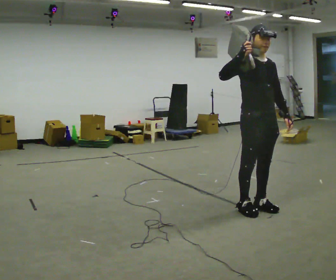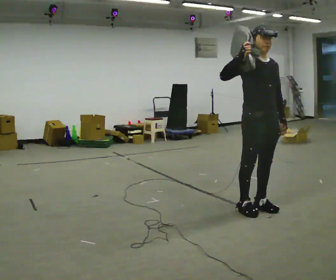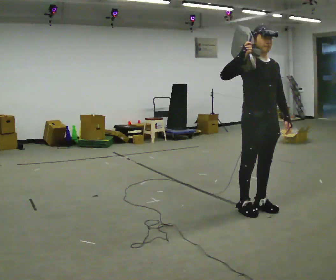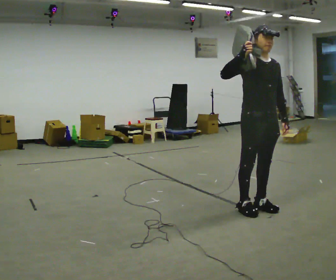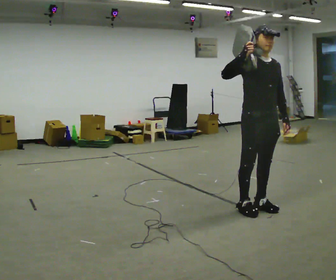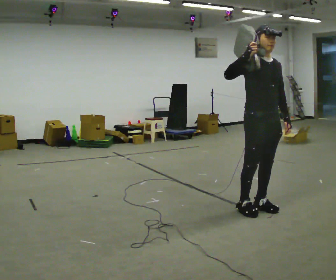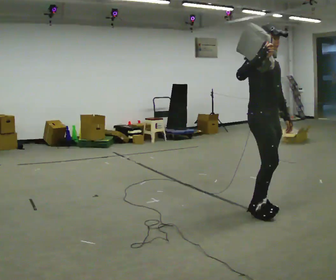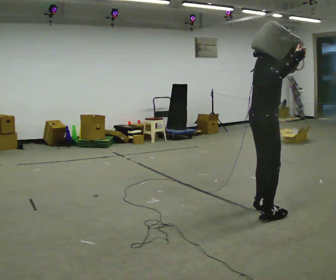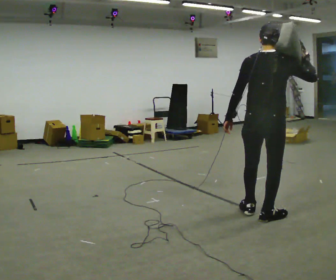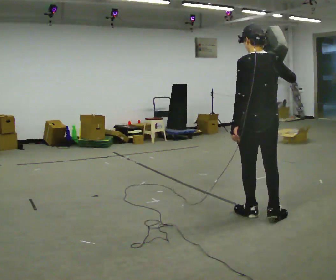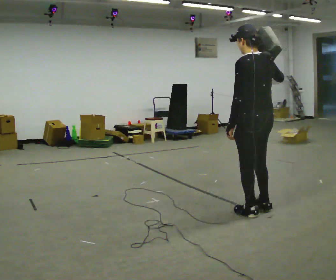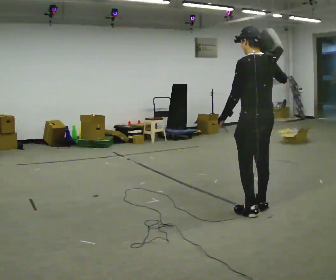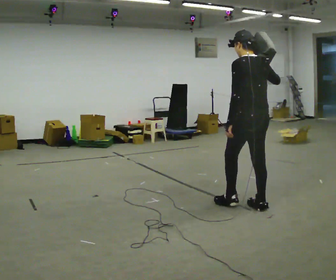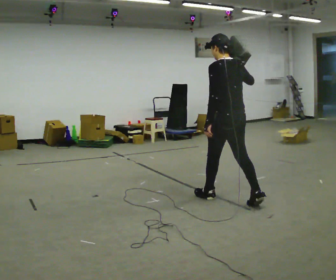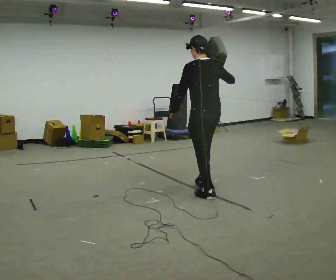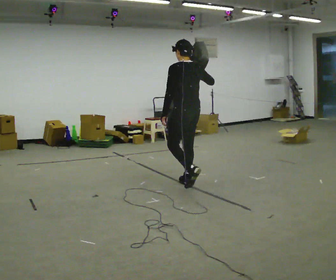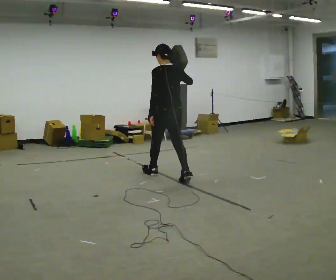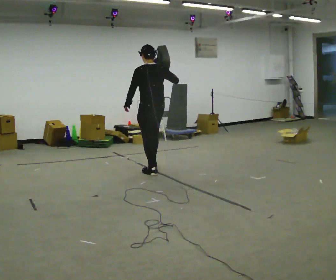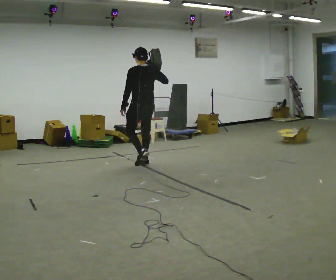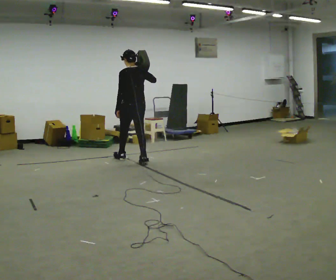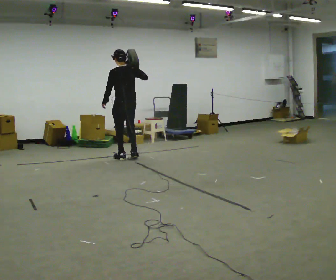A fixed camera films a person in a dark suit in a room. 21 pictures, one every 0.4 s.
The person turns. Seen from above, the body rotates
counterclockwise.
The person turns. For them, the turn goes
to their left.
0.0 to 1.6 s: The person moves a little, or ends about where they began.
1.6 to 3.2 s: Seen from above the body turns counterclockwise, about 135 degrees: to their left, with its near side sliding to the right. In the picture they go toward the camera, about 0.25 m in 1 step. In the picture their right hand goes to the right.
3.2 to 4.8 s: Seen from above the body turns counterclockwise, about 45 degrees: to their left, with its near side sliding to the right. In the picture they go away from the camera and to the left, about 0.25 m in 2 steps, which for them is forward and to their right.
4.8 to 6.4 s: In the picture they go to the left and away from the camera, about 1.5 m in 3 steps, which for them is forward.
6.4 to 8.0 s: In the picture they go to the left and away from the camera, about 1.5 m in 2 steps, which for them is forward.
The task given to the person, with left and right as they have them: Put the soft bag up onto your shoulder and carry it across the room, back and forth.
The film runs forward here.
